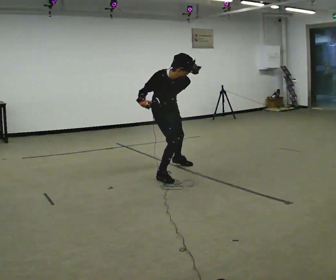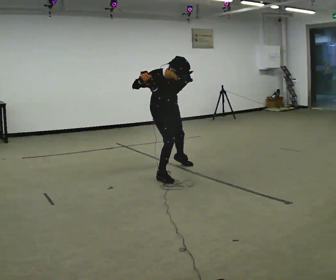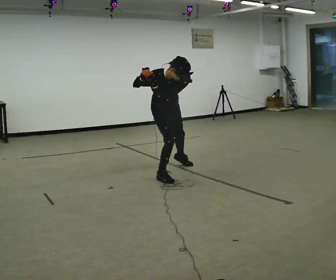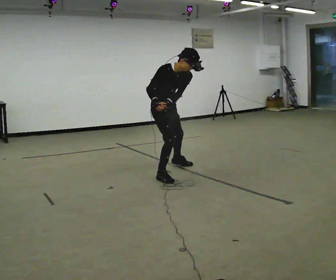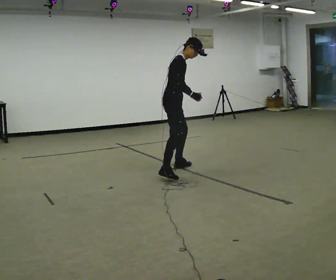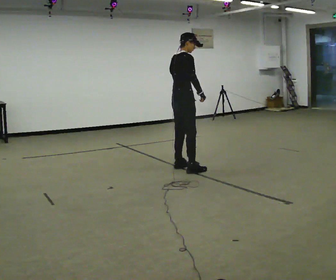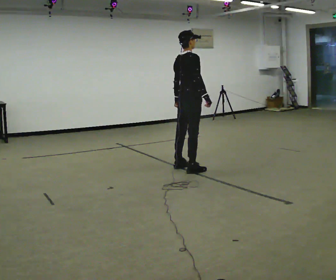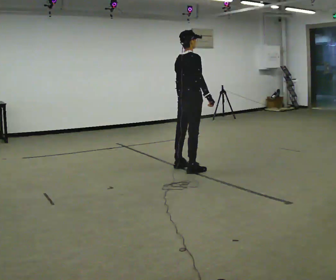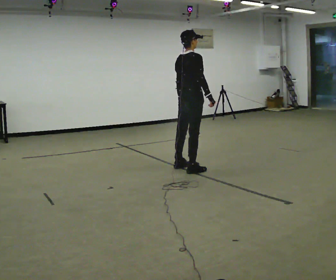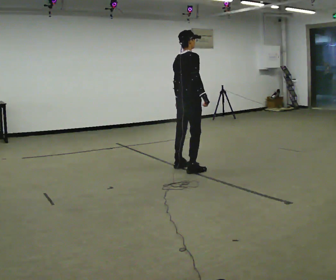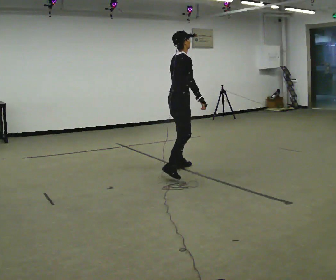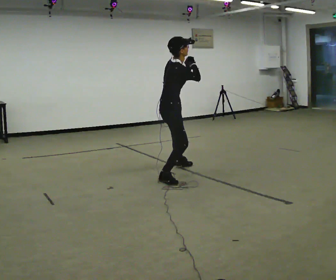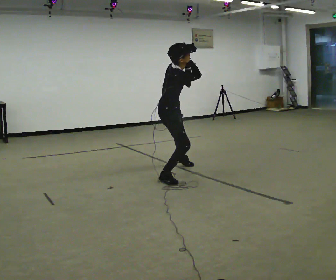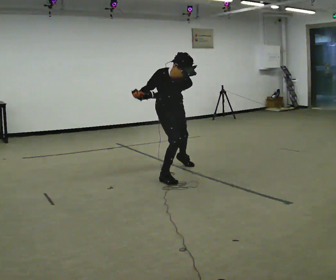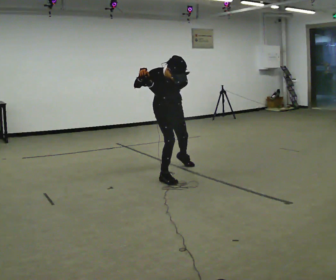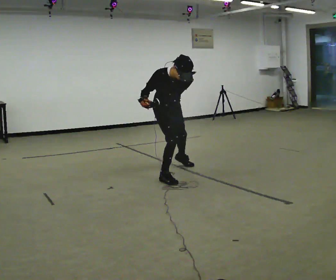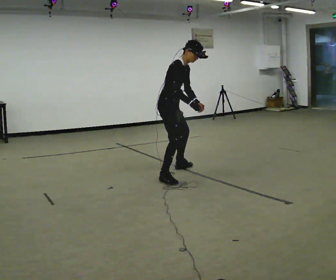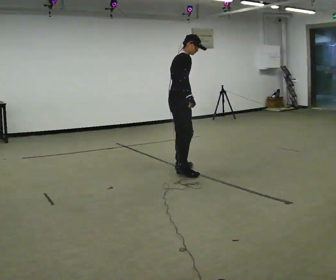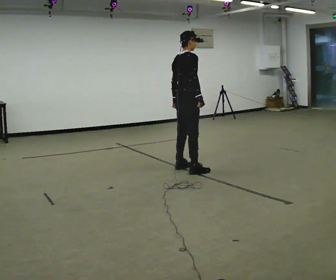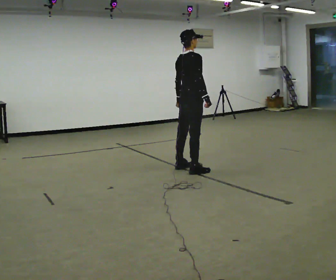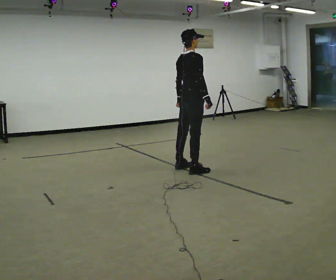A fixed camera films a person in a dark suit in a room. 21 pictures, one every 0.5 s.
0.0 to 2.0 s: Seen from above the body turns counterclockwise, about 45 degrees: to their left, with its near side sliding to the right. In the picture they go away from the camera, about 0.25 m in 1 step. The upper body goes upward. The upper body tips away from the camera, its near side rolling upward, as they lean back or straighten. In the picture their right hand goes to the right.
2.0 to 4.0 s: The person turns about 45 degrees to their left, counterclockwise seen from above, so the part of the body nearest the lens slides to the right. In the picture they go to the right, about 0.25 m, which for them is forward and to their right. In the picture the upper body tilts counterclockwise, shoulders to the left, as they lean back or straighten.
4.0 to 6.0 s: The part of the body nearest the lens slides to the left as the person turns to their right by about 45 degrees. In the picture they go toward the camera and to the left, about 0.5 m in 1 step, which for them is backward and to their right. The upper body goes downward. The upper body tips toward the camera, its near side rolling downward, as they bend forward. In the picture their right hand goes upward.
6.0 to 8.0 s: In the picture they go away from the camera, about 0.25 m in 1 step. In the picture their right hand goes downward.
8.0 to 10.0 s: The person turns about 45 degrees to their left, counterclockwise seen from above, so the part of the body nearest the lens slides to the right. In the picture they go to the right and away from the camera, about 0.25 m in 1 step, which for them is forward. In the picture the upper body tilts counterclockwise, shoulders to the left, as they lean back or straighten.
The film runs backward here.
